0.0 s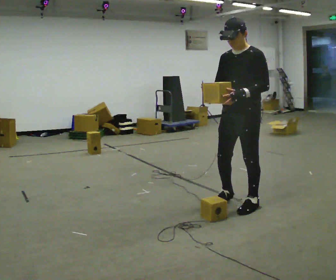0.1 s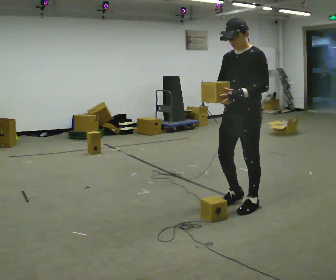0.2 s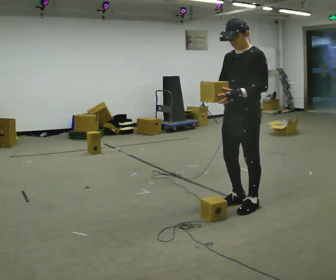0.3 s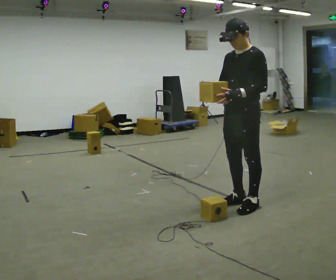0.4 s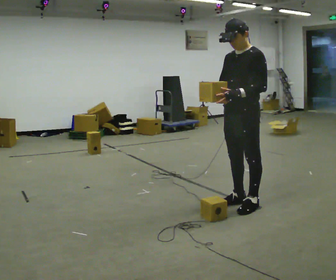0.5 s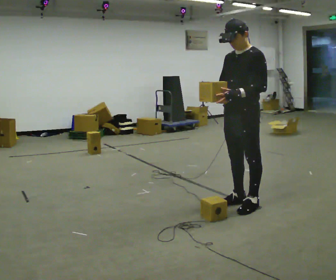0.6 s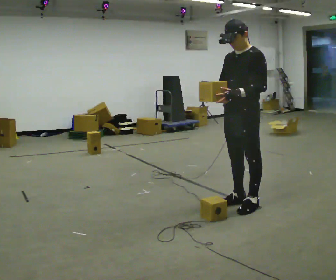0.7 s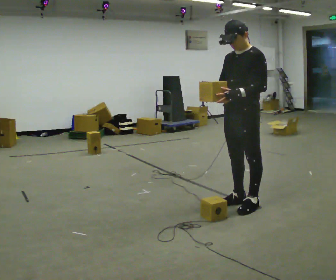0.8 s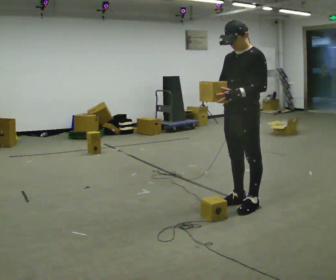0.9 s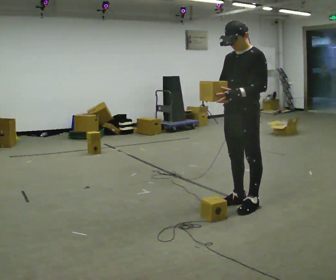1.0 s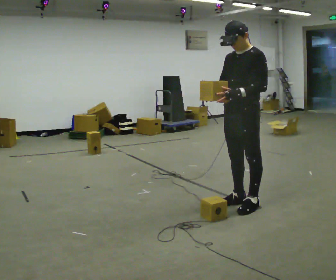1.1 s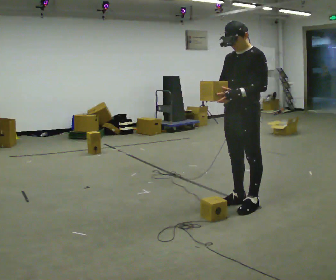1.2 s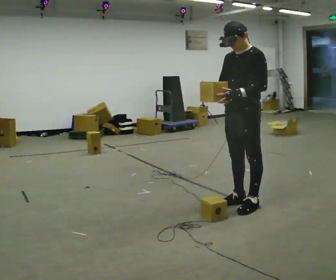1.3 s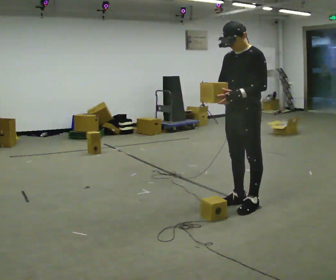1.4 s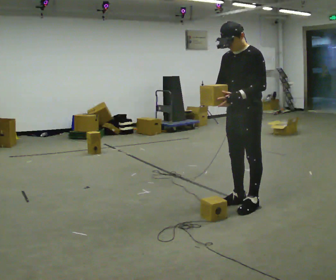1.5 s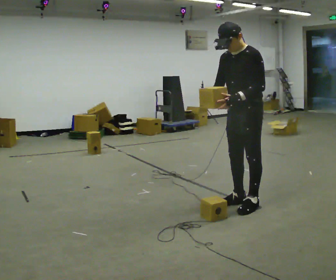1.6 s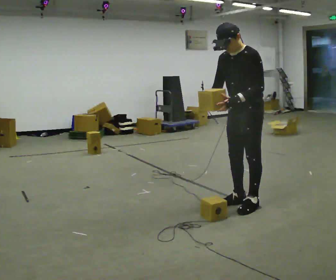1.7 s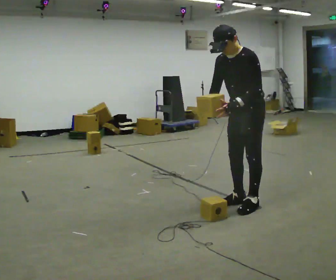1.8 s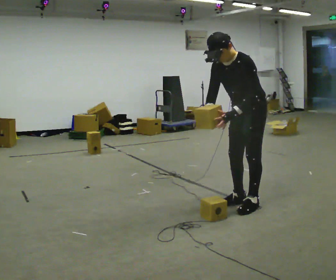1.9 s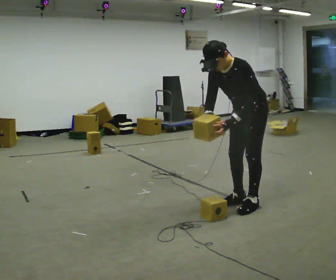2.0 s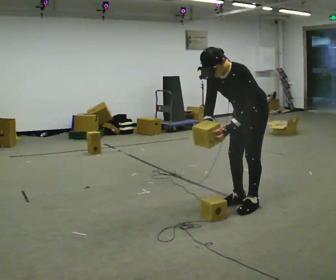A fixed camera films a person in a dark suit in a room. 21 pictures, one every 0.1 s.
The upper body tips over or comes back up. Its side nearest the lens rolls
downward.
0.0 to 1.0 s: The person moves a little, or ends about where they began.
1.0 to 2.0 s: The upper body tips toward the camera, its near side rolling downward, as they bend forward.
The film runs backward here.
